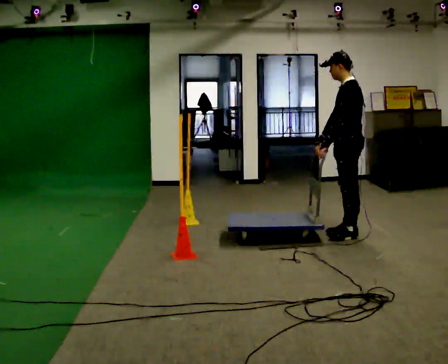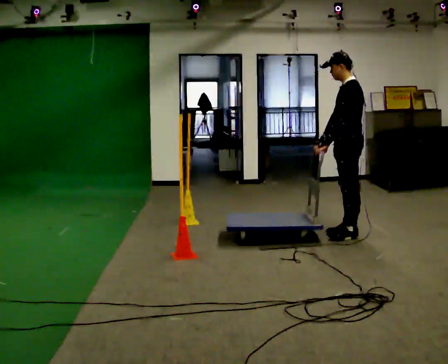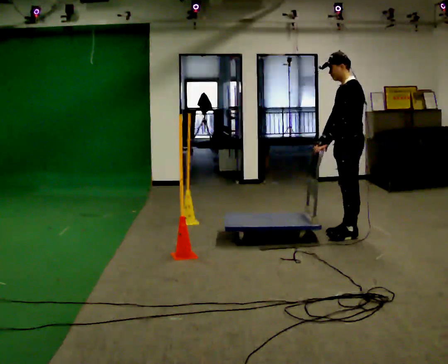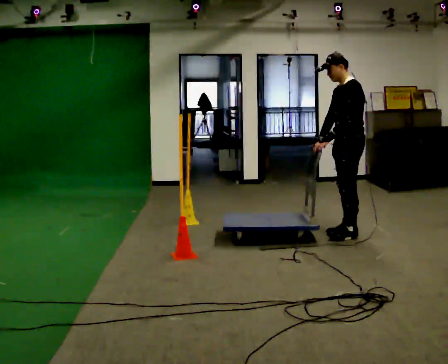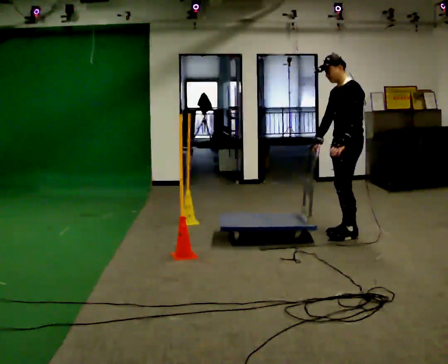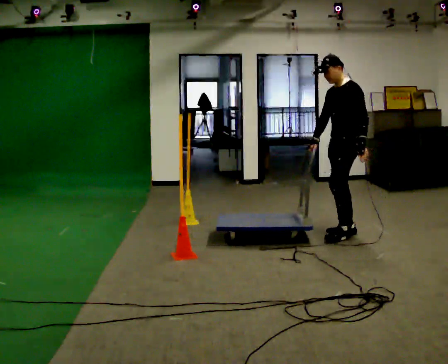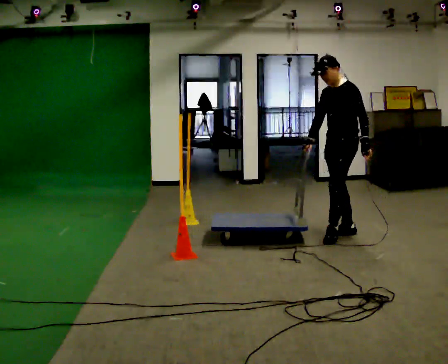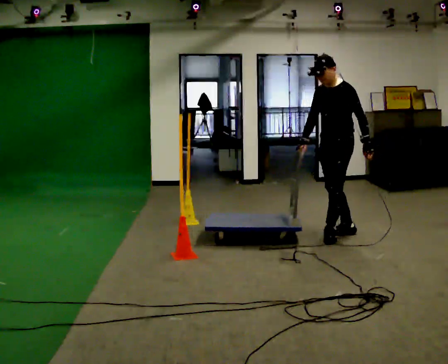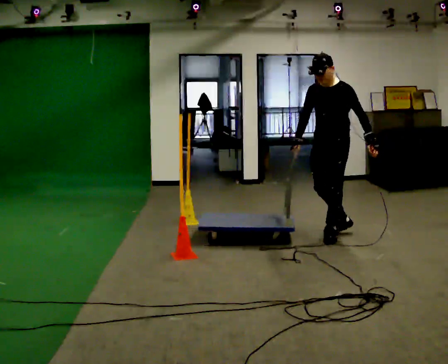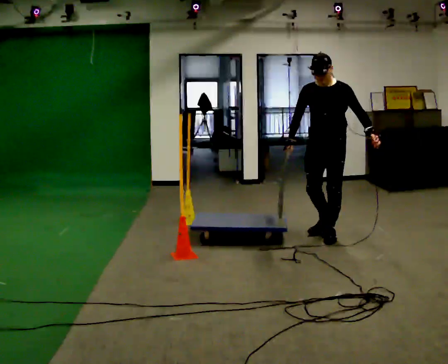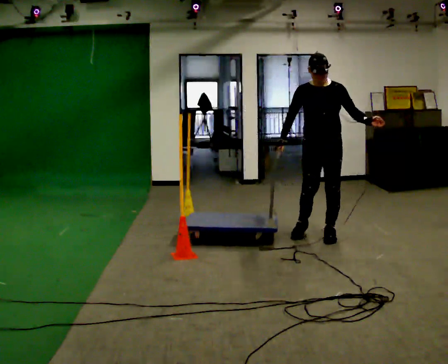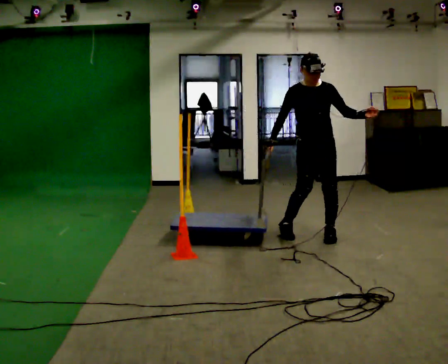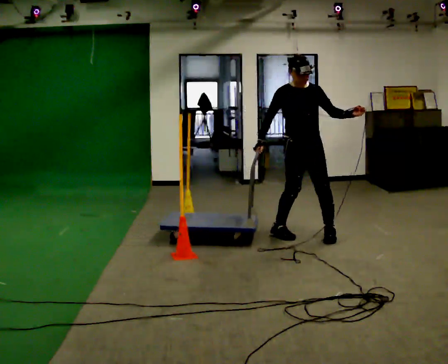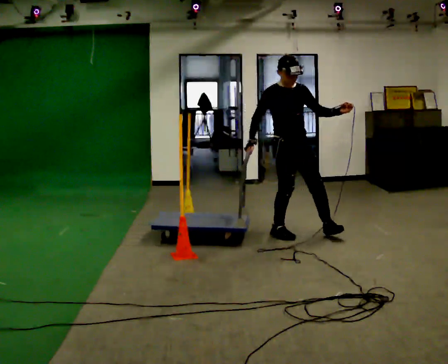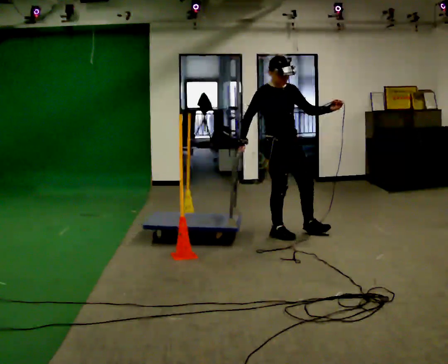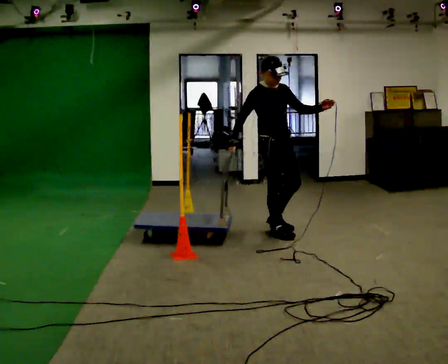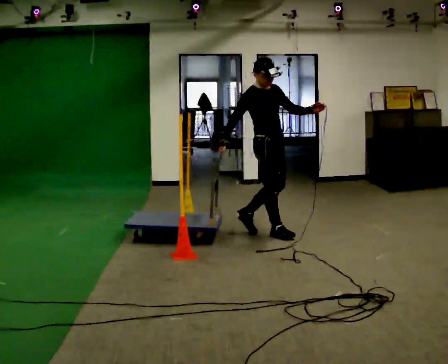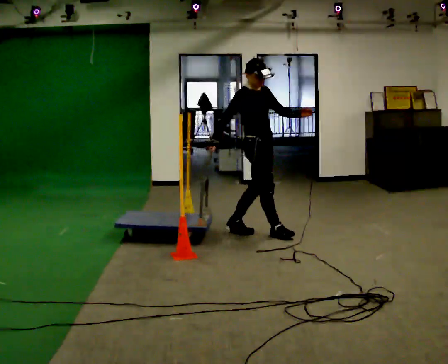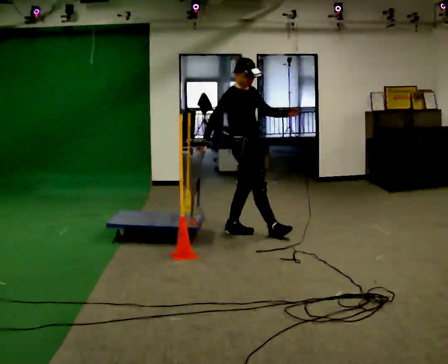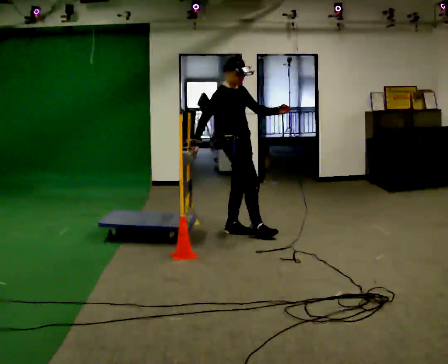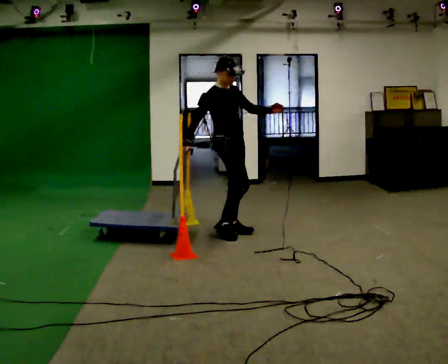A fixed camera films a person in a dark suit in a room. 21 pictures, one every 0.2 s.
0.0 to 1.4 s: The part of the body nearest the lens slides to the right as the person turns to their left by about 30 degrees. In the picture their left hand goes to the right, the arm swinging counterclockwise.
1.4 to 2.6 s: Seen from above the body turns counterclockwise, about 105 degrees: to their left, with its near side sliding to the right. In the picture they go to the left, about 0.5 m in 2 steps.
2.6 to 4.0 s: Seen from above the body turns counterclockwise, about 30 degrees: to their left, with its near side sliding to the right. In the picture they go to the left, about 0.5 m in 1 step, which for them is backward.
The film runs backward here.
